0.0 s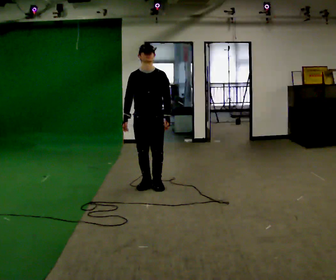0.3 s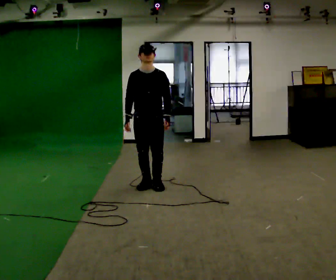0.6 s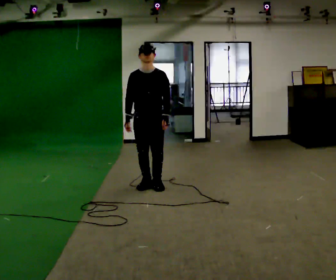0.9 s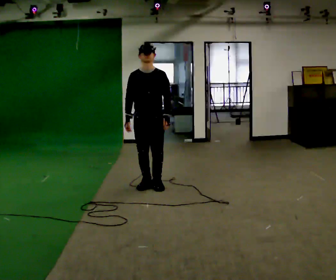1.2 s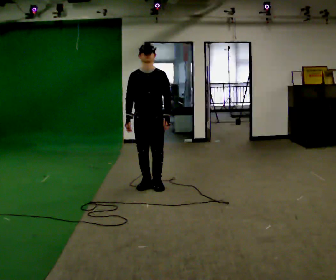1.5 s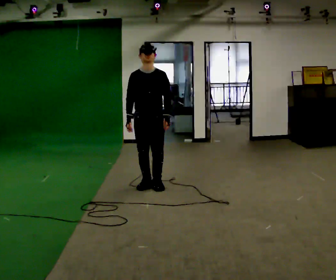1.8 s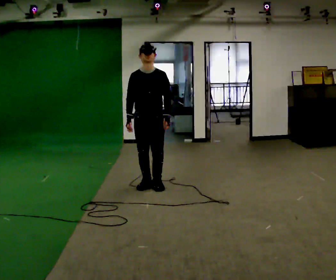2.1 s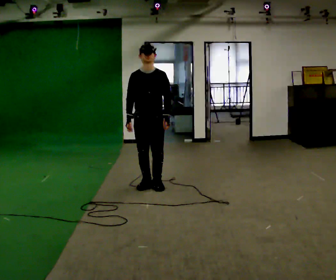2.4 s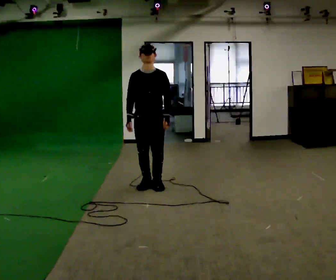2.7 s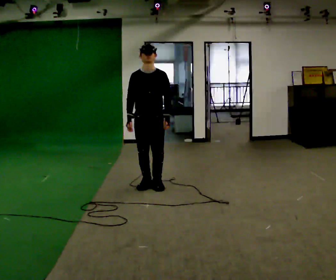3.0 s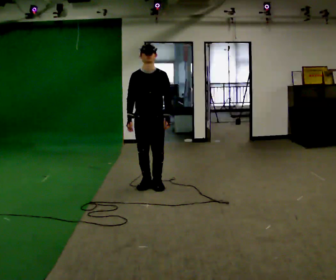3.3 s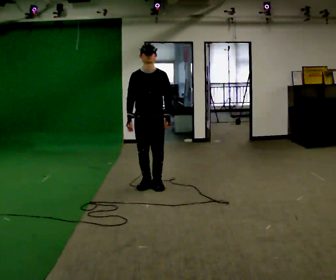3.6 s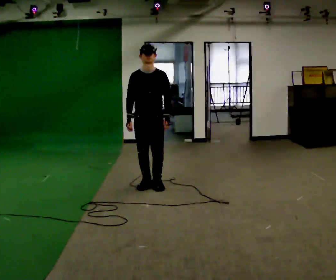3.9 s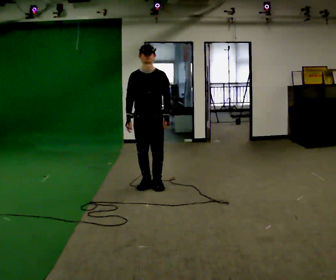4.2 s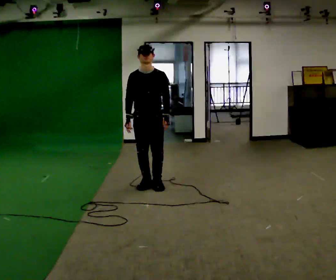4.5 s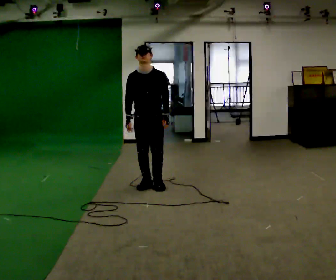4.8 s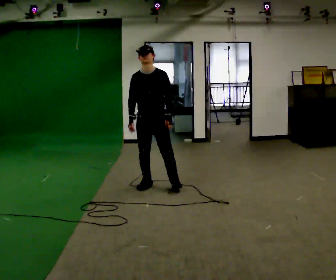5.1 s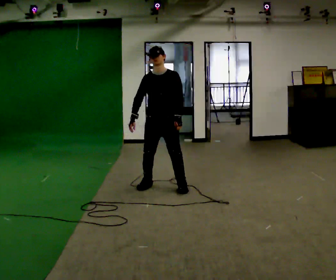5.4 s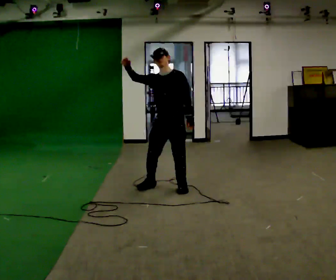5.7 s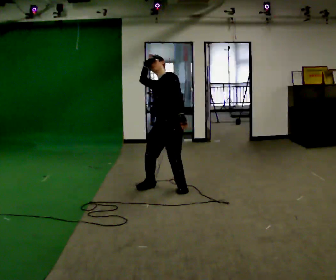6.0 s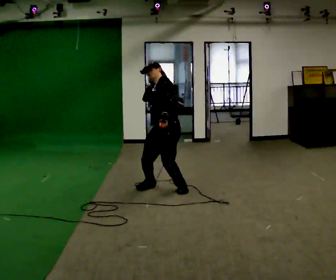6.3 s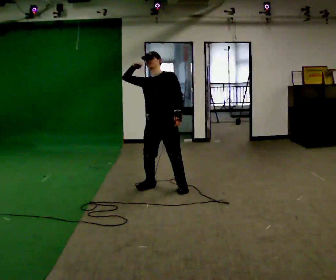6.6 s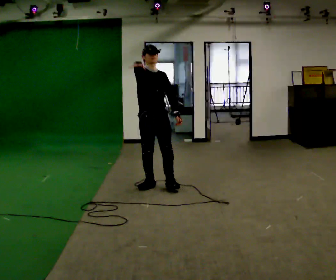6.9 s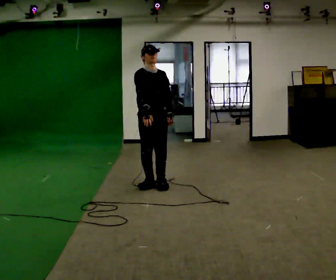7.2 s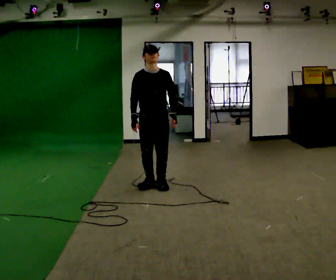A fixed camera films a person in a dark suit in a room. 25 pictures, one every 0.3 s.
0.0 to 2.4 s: The person moves a little, or ends about where they began.
2.4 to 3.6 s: The person keeps their place and pose.
3.6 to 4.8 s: The person moves a little, or ends about where they began.
4.8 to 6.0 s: The part of the body nearest the lens slides to the left as the person turns to their right by about 60 degrees. In the picture they go toward the camera and to the right, about 0.25 m in 1 step, which for them is to their left and forward. The upper body tips away from the camera, its near side rolling upward. In the picture their right hand goes upward.
6.0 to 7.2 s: The part of the body nearest the lens slides to the right as the person turns to their left by about 75 degrees. In the picture they go away from the camera and to the left, about 0.25 m in 1 step. The upper body goes upward. The upper body tips toward the camera, its near side rolling downward. In the picture their right hand goes downward.
The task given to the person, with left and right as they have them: Mime throwing a ball overhand as far as you can, with no ball. Repeat the movement at your own pace until the operator says stop; do not rush.
The film runs forward here.
